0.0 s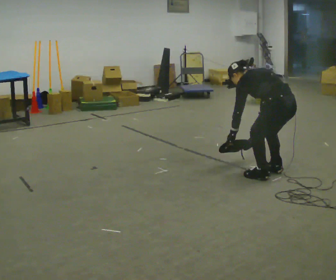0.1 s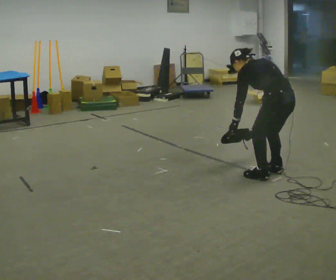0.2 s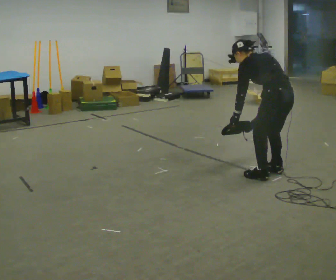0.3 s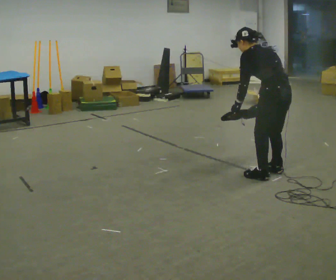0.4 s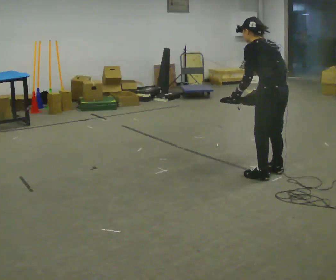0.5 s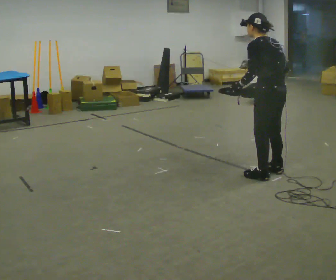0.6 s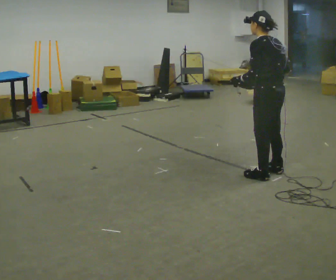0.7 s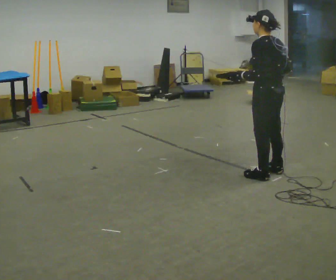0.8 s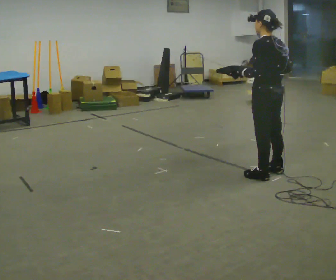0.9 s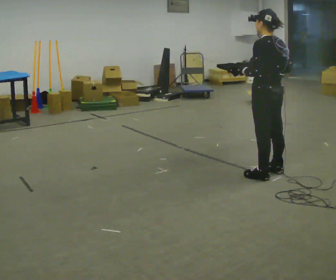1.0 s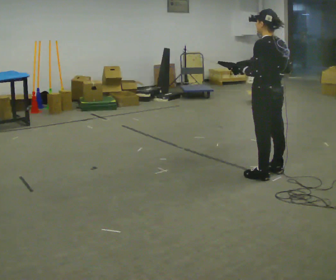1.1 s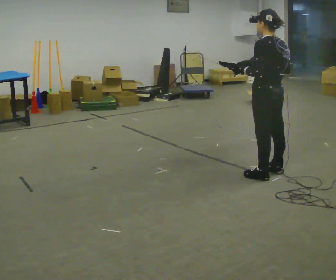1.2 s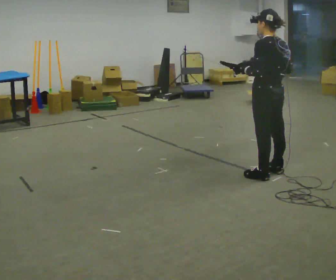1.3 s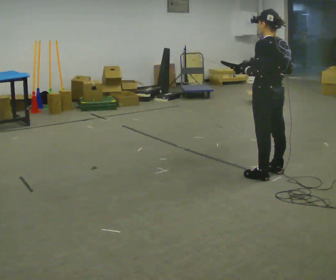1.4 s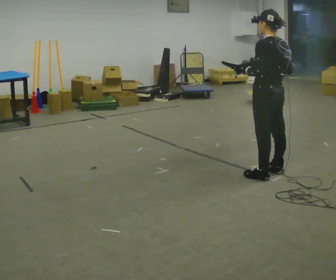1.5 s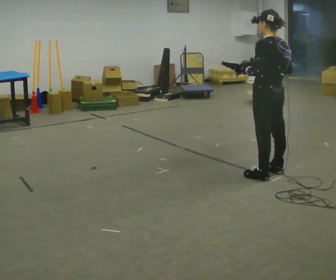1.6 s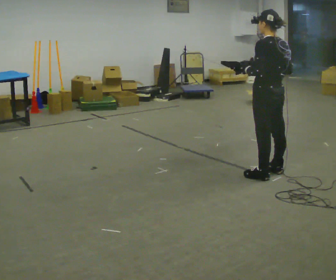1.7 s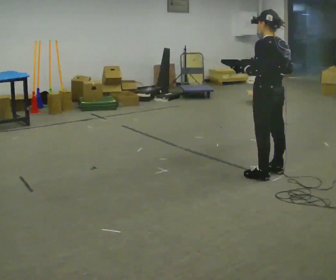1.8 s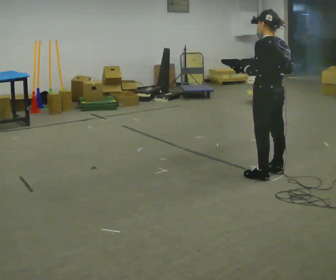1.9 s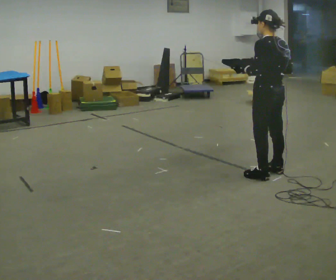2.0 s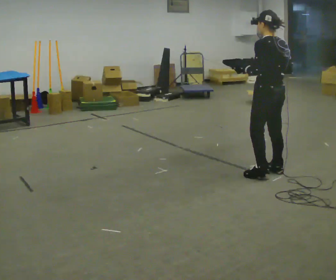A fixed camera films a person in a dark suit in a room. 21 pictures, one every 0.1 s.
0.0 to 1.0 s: The upper body goes upward. The upper body tips toward the camera, its near side rolling downward, as they lean back or straighten. In the picture their left hand goes upward.
1.0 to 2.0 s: The person moves a little, or ends about where they began.
The film runs forward here.
